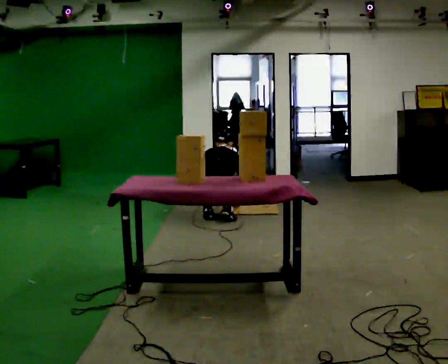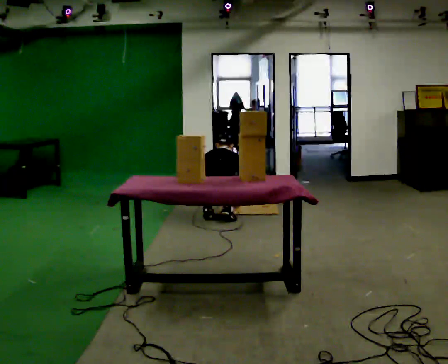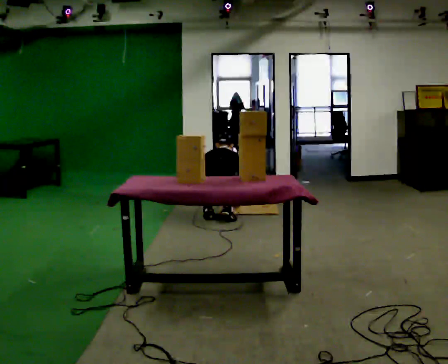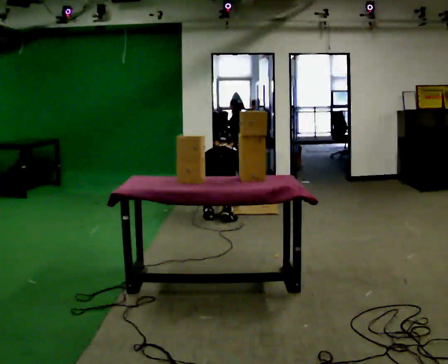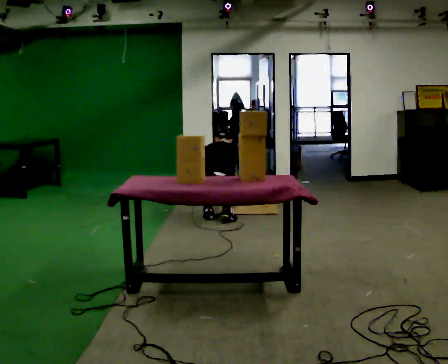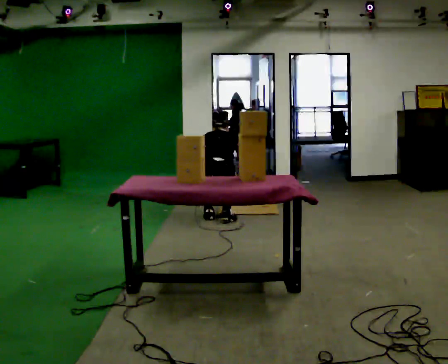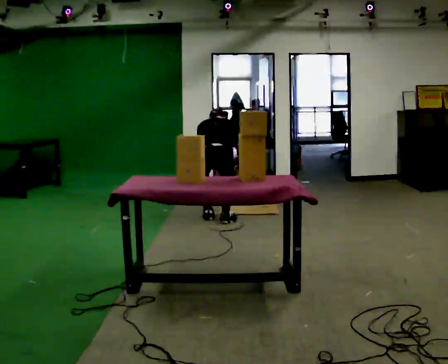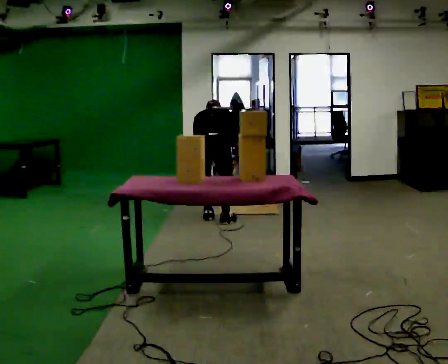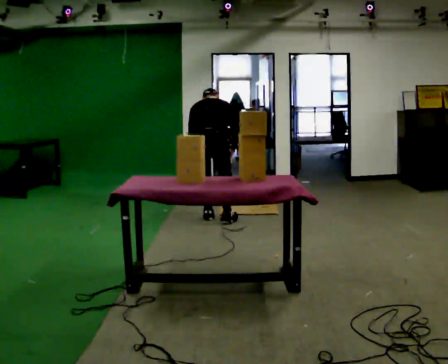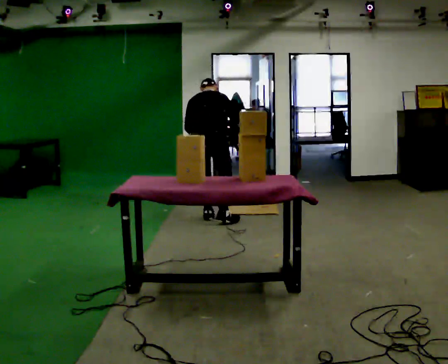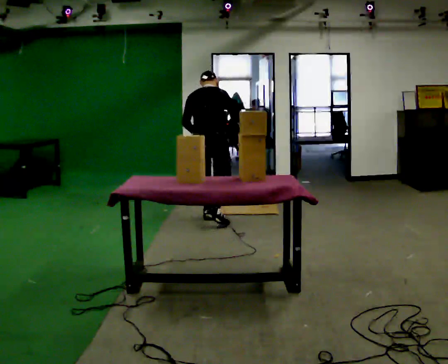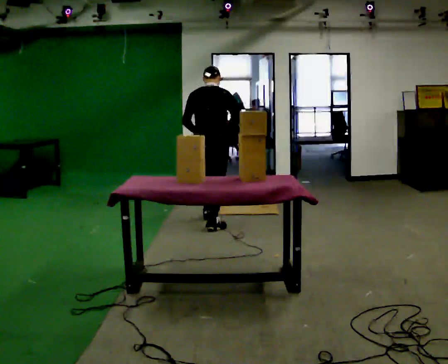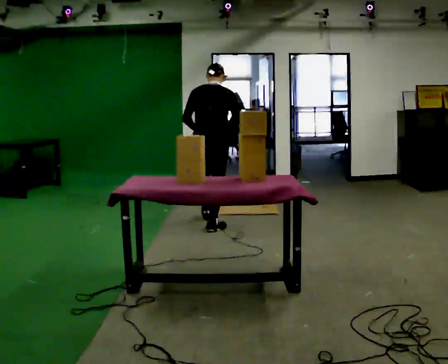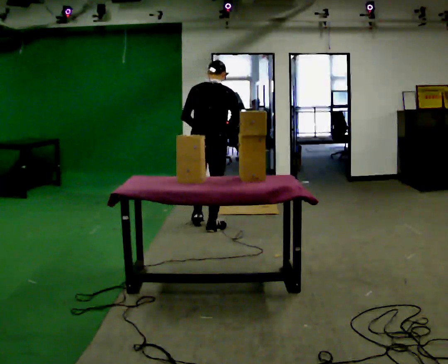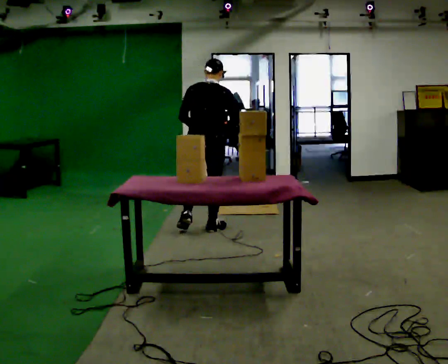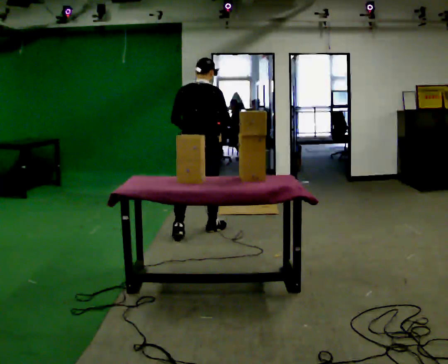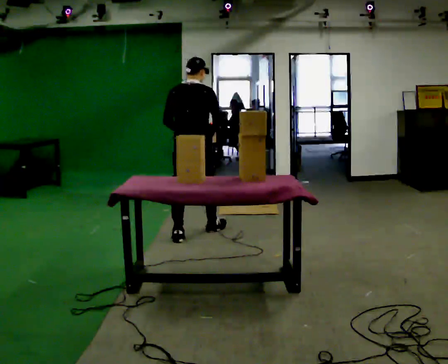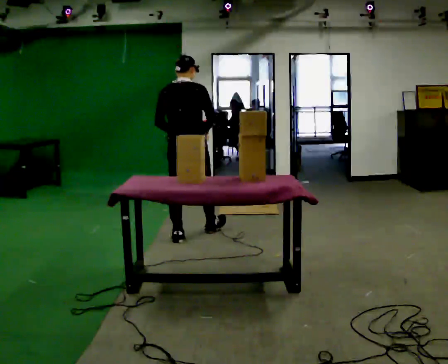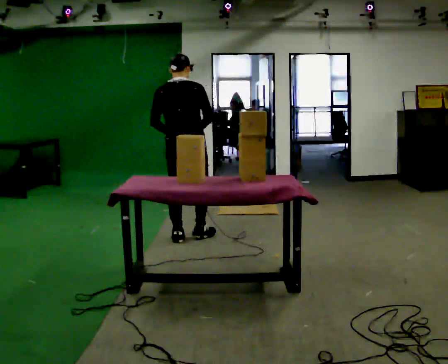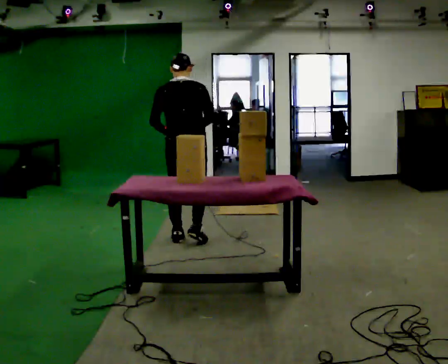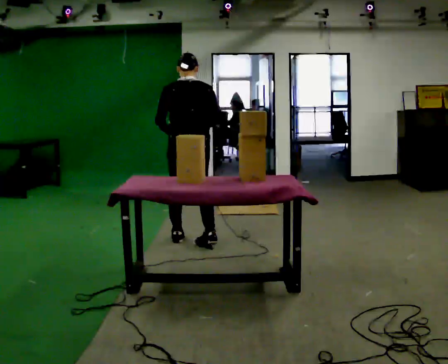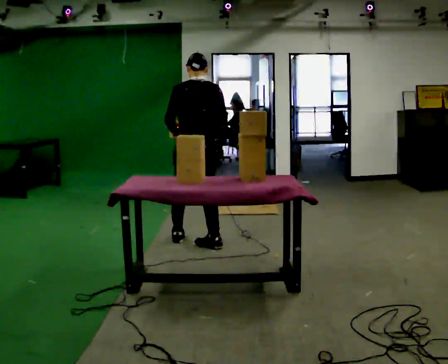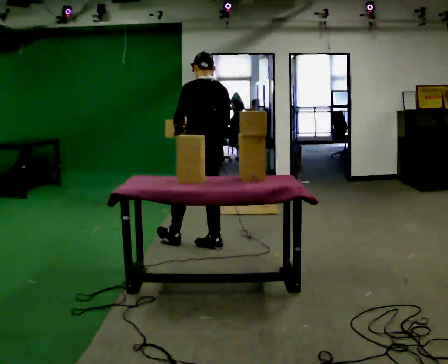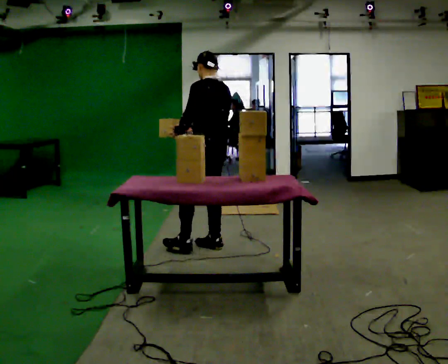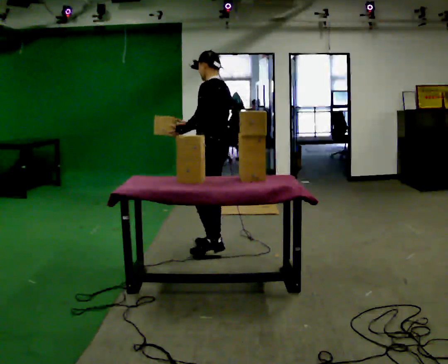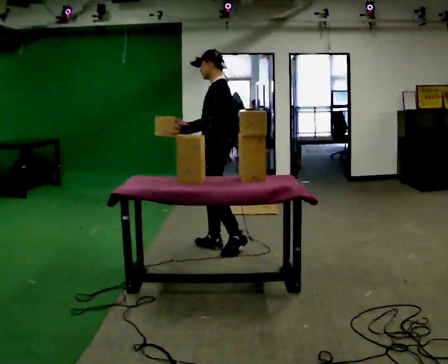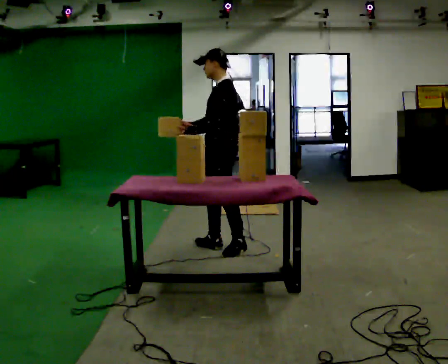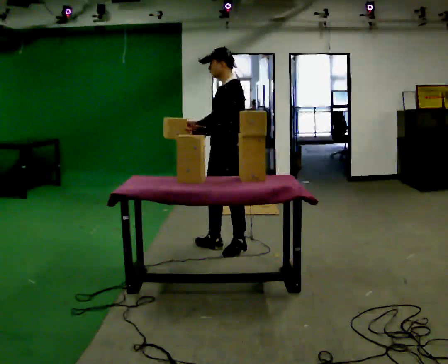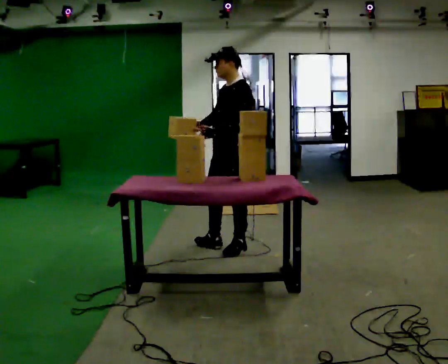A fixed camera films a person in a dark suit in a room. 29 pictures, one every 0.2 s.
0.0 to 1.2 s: The shoulders move upward.
1.2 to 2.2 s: The shoulders move upward. The upper body tips toward the camera, its near side rolling downward, as they lean back or straighten. In the picture their left hand goes upward.
2.2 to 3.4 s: In the picture they go toward the camera and to the left, about 0.5 m in 2 steps, which for them is backward.
3.4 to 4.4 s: The person turns about 45 degrees to their left, counterclockwise seen from above, so the part of the body nearest the lens slides to the right. In the picture they go toward the camera and to the right, about 0.25 m in 1 step, which for them is backward and to their right.
4.4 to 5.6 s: The part of the body nearest the lens slides to the right as the person turns to their left by about 75 degrees. In the picture they go to the right, about 0.25 m.
The film runs backward here.
